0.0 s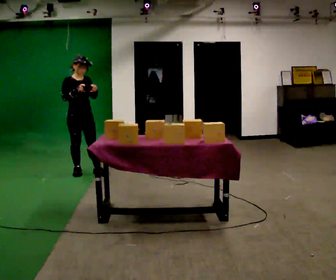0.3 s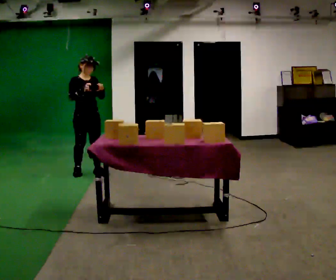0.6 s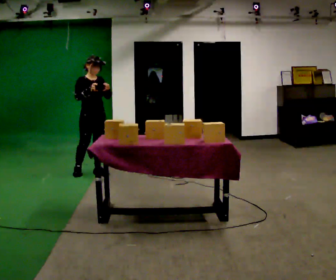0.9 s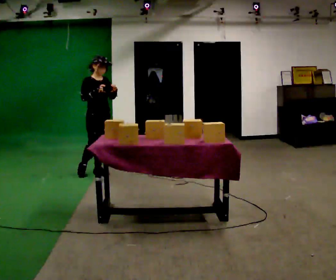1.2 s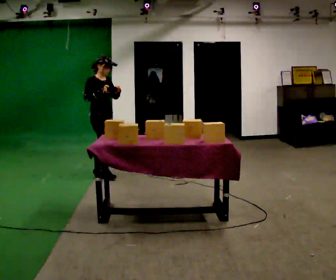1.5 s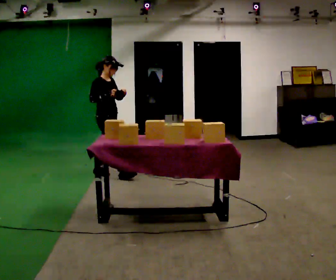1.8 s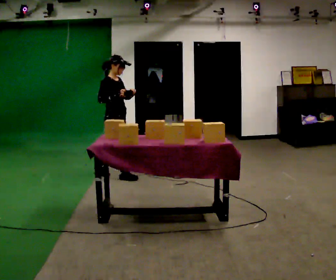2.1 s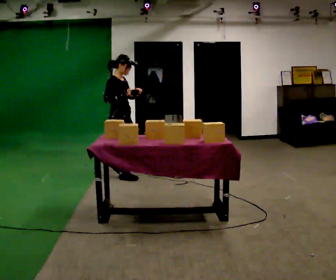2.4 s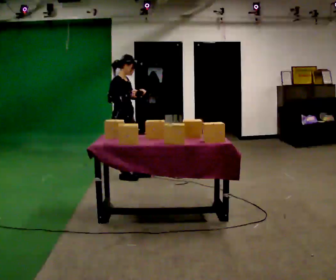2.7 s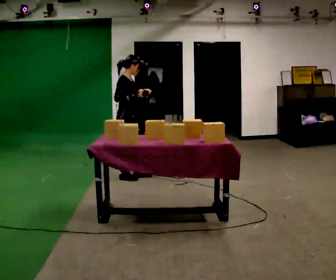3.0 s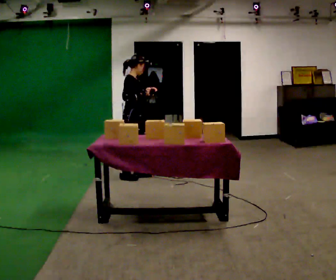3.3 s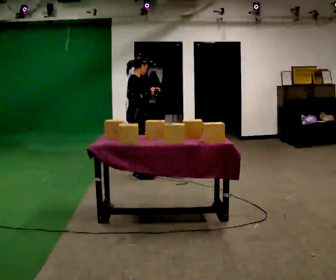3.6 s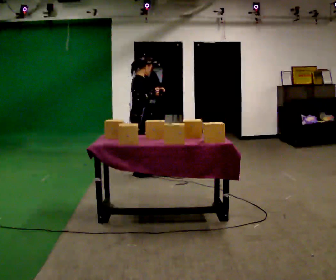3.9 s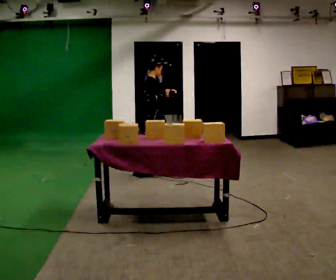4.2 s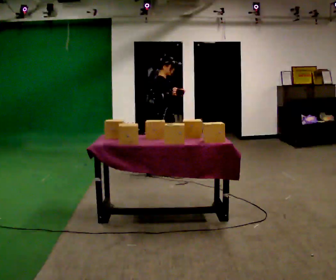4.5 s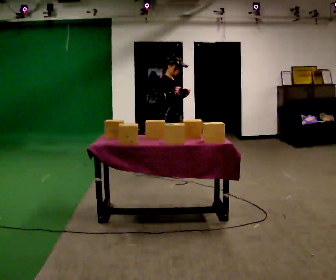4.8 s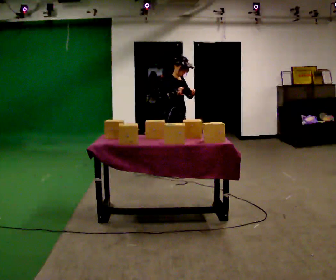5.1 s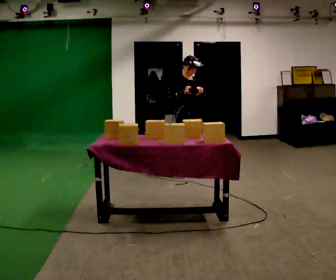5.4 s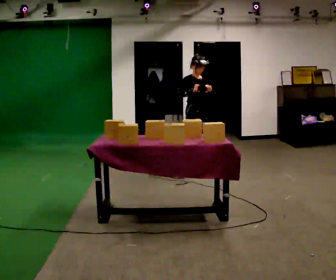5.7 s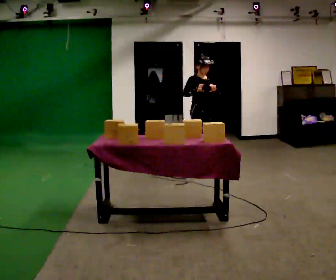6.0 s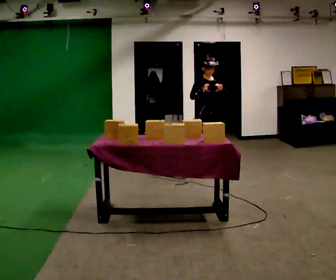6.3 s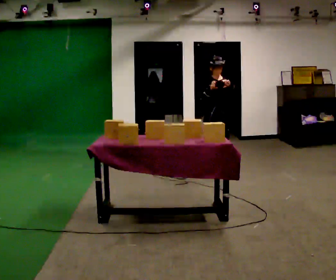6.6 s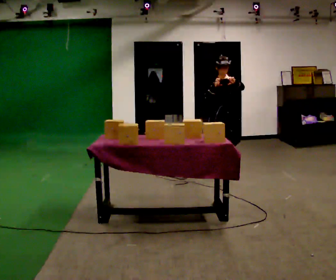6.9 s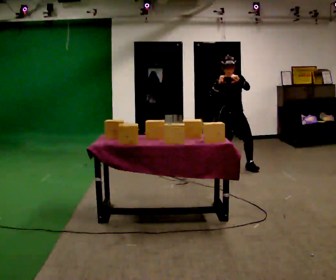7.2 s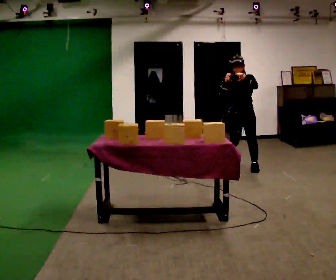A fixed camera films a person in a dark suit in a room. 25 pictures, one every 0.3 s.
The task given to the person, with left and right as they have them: Carry the handheld device and, while walking, point it at the labels on the shelves and press the button as if scanning them.
0.0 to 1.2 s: The person turns about 30 degrees to their left, counterclockwise seen from above, so the part of the body nearest the lens slides to the right. In the picture they go to the right, about 0.25 m, which for them is to their left and forward.
1.2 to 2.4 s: In the picture they go to the right and toward the camera, about 0.25 m in 2 steps, which for them is forward.
2.4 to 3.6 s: Seen from above the body turns counterclockwise, about 30 degrees: to their left, with its near side sliding to the right. In the picture they go to the right, about 0.25 m, which for them is forward and to their left.
3.6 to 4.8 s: Seen from above the body turns clockwise, about 45 degrees: to their right, with its near side sliding to the left. In the picture they go to the right, about 0.5 m in 2 steps, which for them is forward.
4.8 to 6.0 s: In the picture they go to the right, about 0.5 m in 1 step, which for them is to their left and forward.
6.0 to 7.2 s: The person turns about 45 degrees to their right, clockwise seen from above, so the part of the body nearest the lens slides to the left. In the picture they go to the right and toward the camera, about 0.5 m in 1 step, which for them is forward and to their left.
The film runs forward here.
